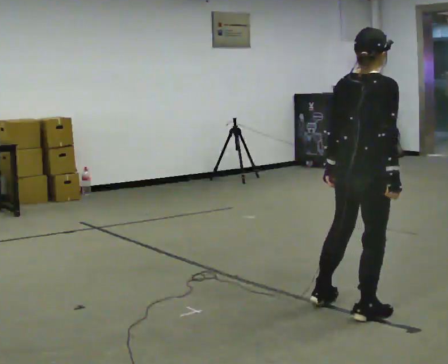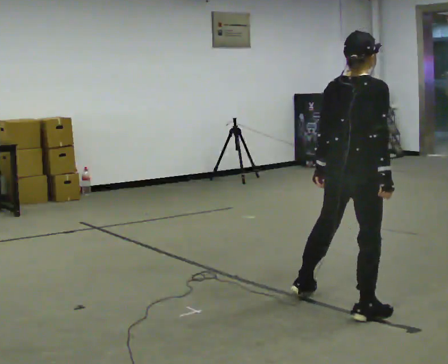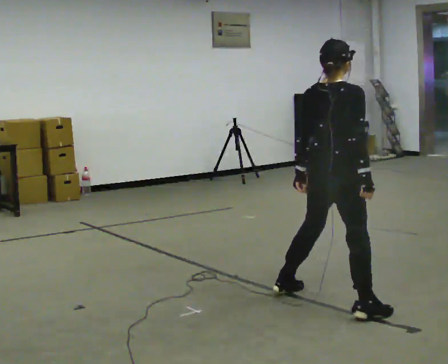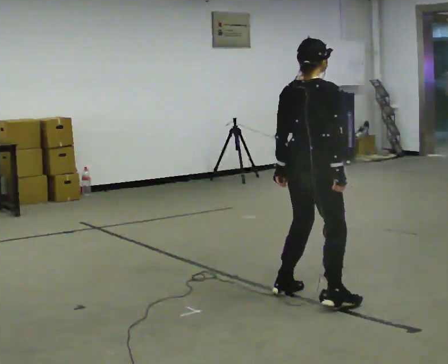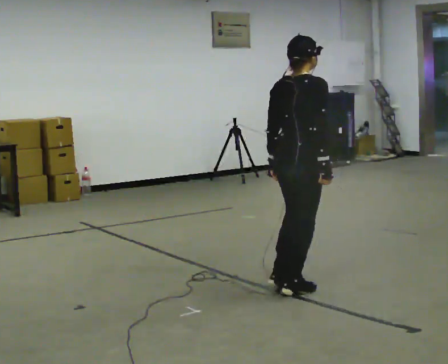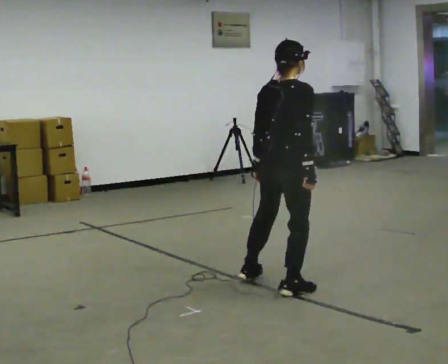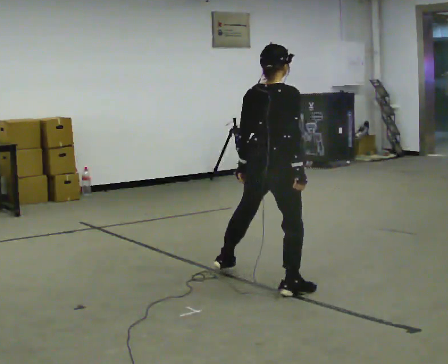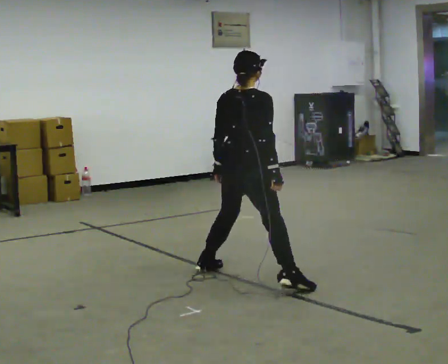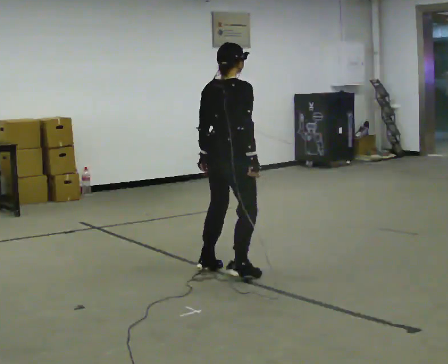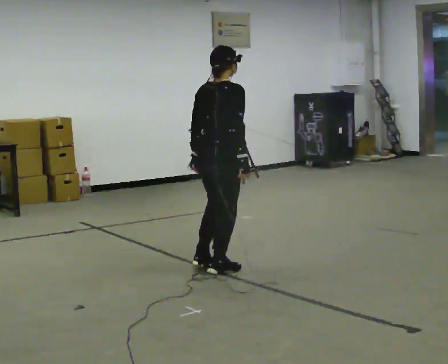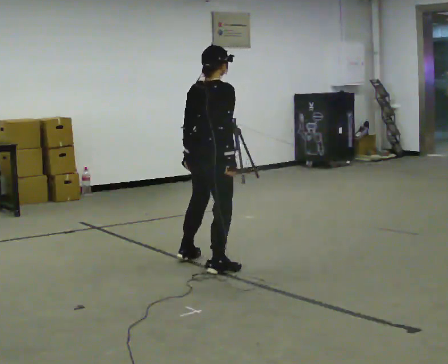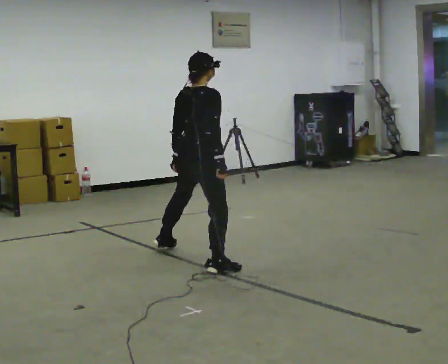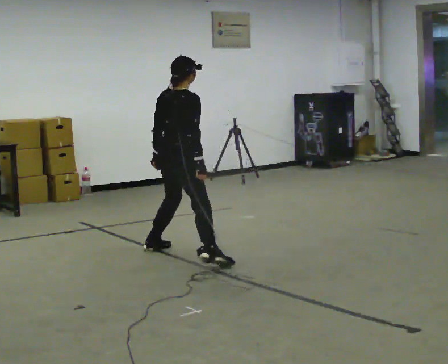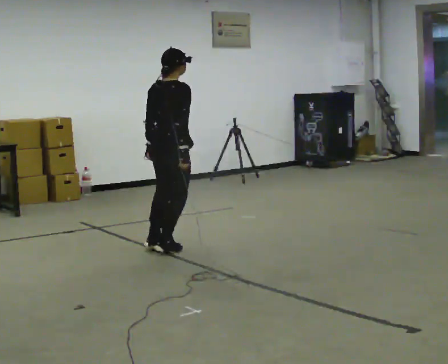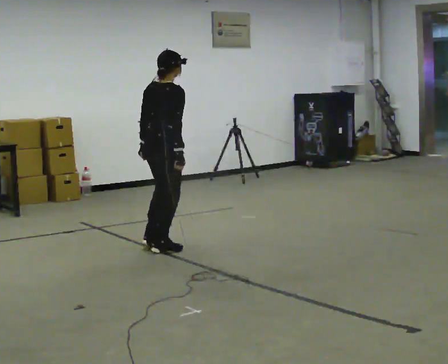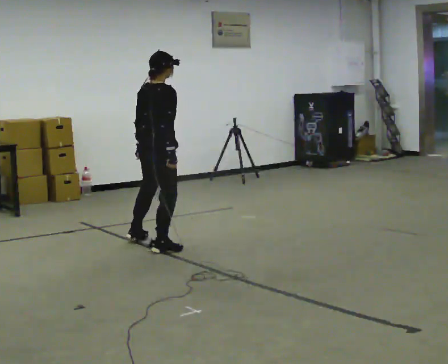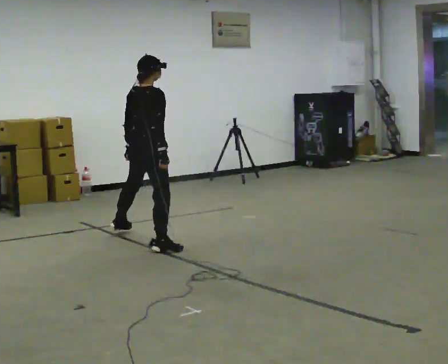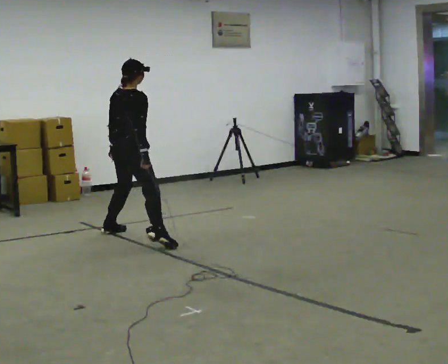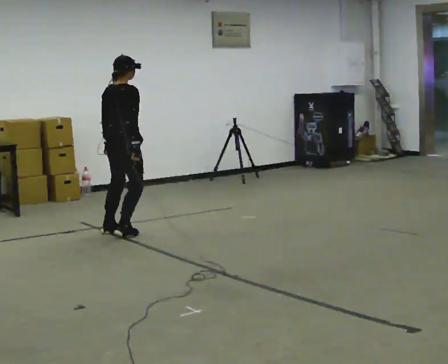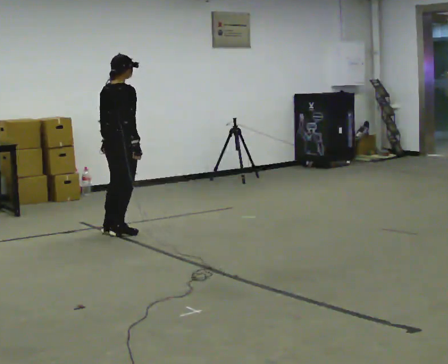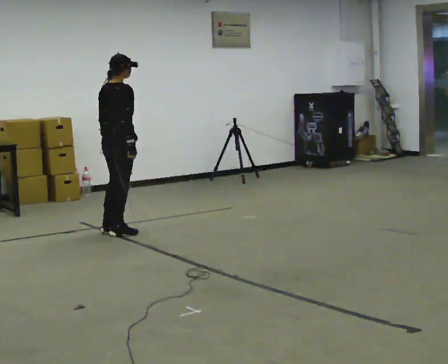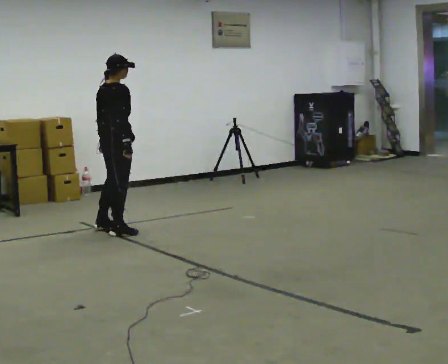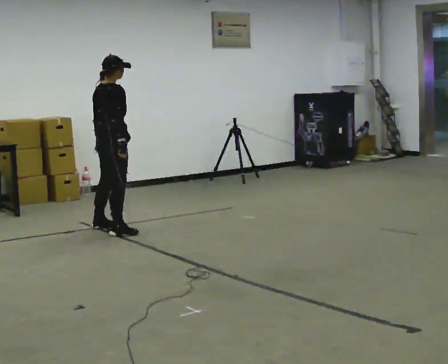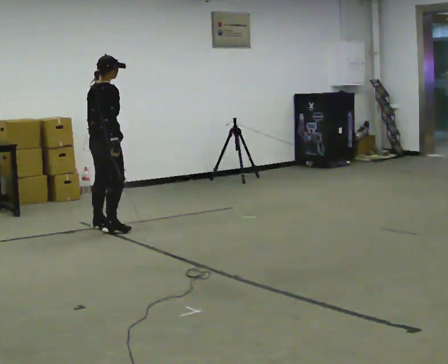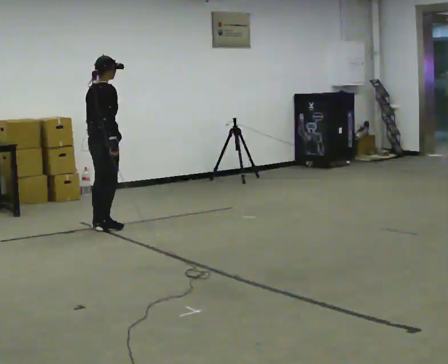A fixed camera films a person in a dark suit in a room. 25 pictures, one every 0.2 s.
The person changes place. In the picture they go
away from the camera.
0.0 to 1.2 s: In the picture they go away from the camera and to the left, about 1 m in 2 steps, which for them is to their left.
1.2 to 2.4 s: In the picture they go away from the camera and to the left, about 1 m in 3 steps, which for them is to their left.
2.4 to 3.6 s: In the picture they go away from the camera and to the left, about 1 m in 2 steps, which for them is to their left.
3.6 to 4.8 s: In the picture they go away from the camera and to the left, about 0.25 m in 3 steps, which for them is to their left.
The film runs forward here.
